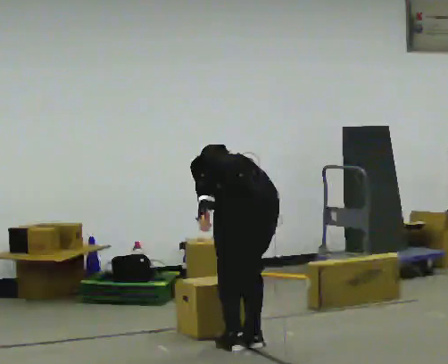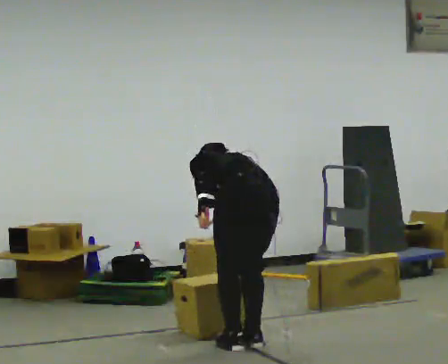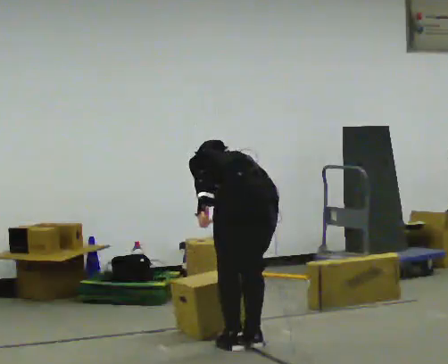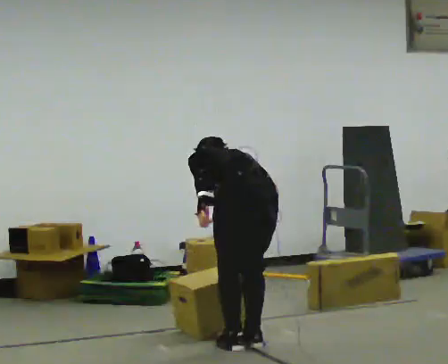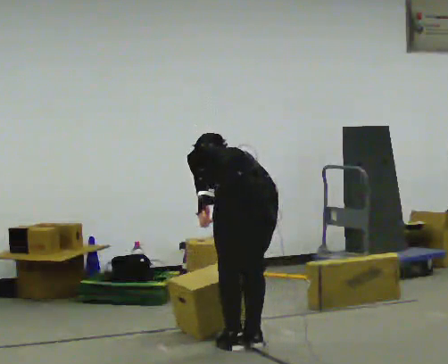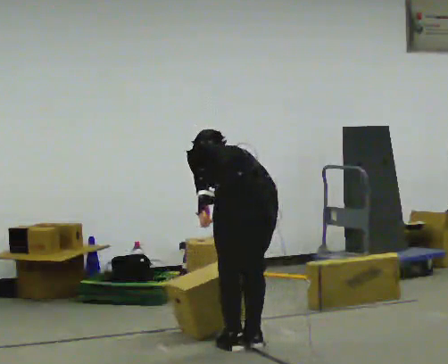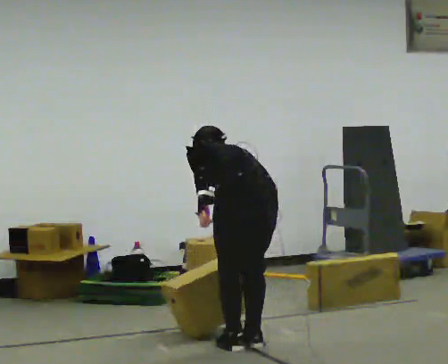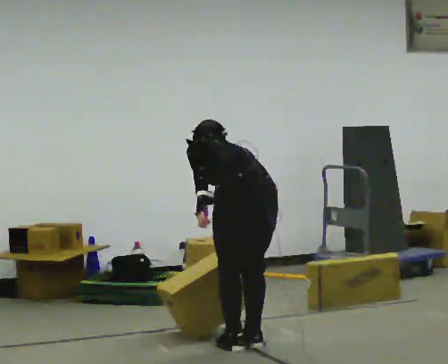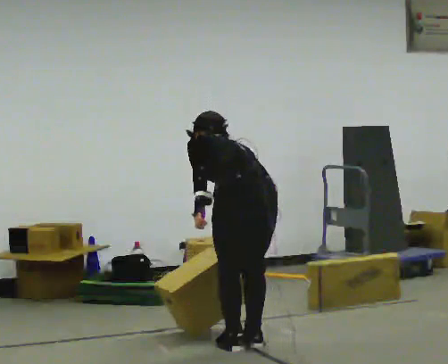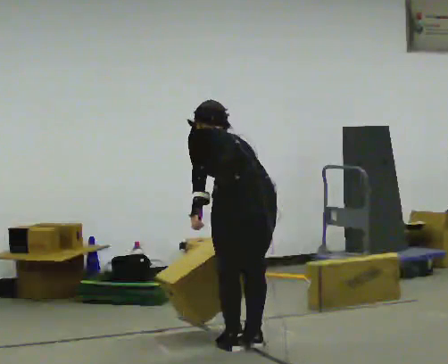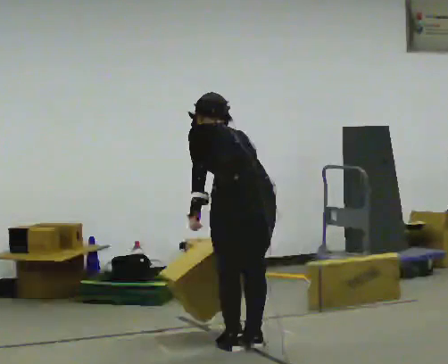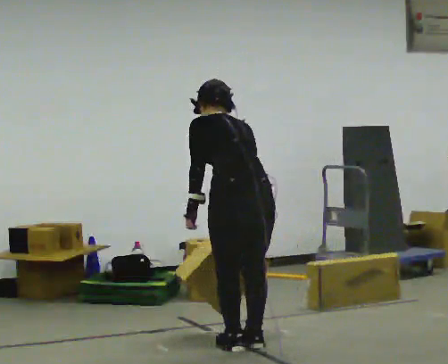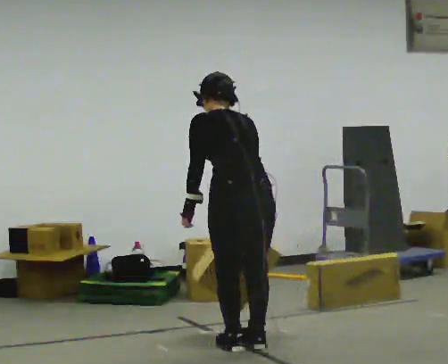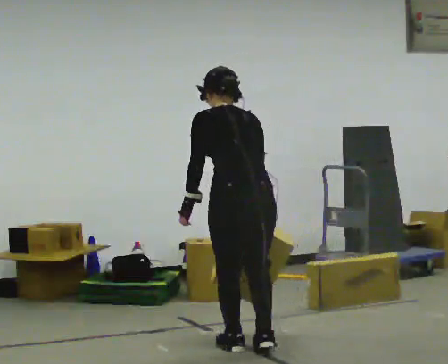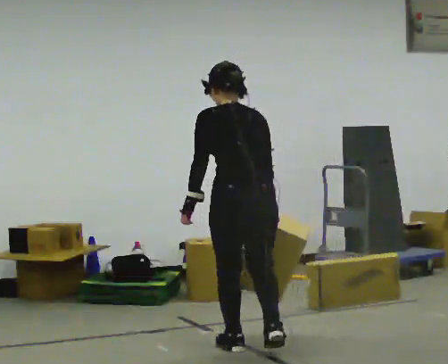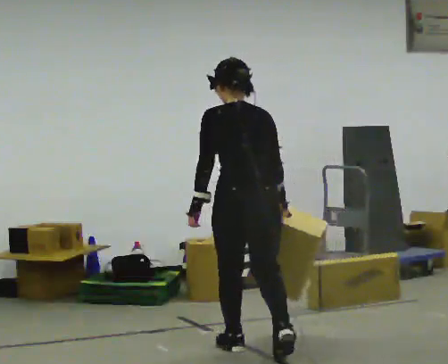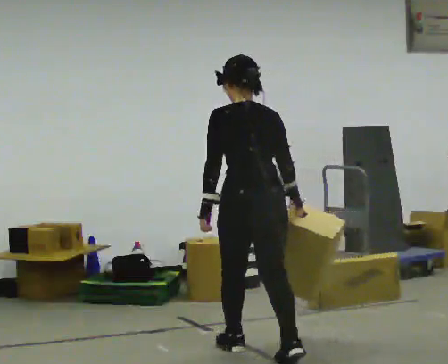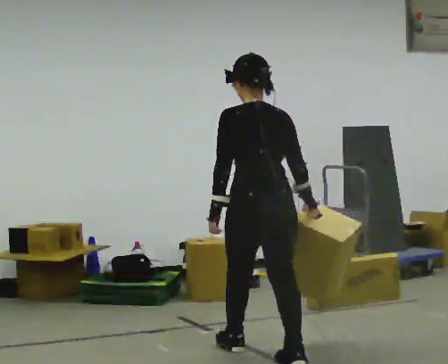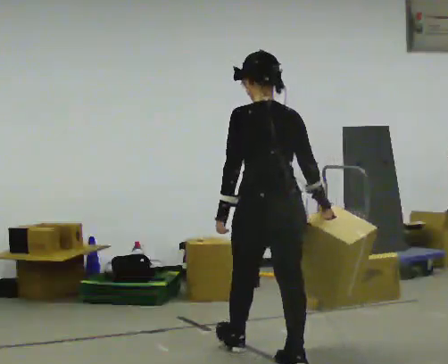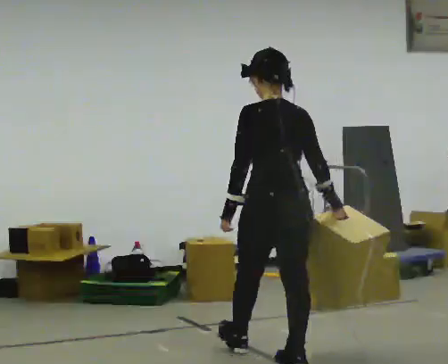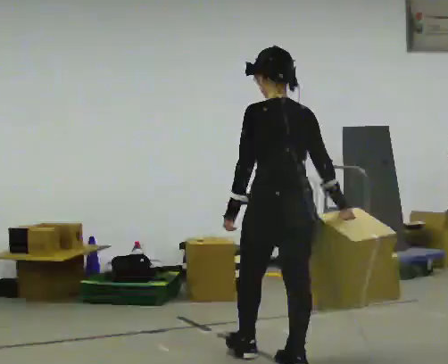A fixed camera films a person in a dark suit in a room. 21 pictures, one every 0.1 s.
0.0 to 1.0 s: The upper body goes upward. The upper body tips toward the camera, its near side rolling downward, as they lean back or straighten.
1.0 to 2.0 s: In the picture they go toward the camera and to the right, about 0.25 m in 2 steps, which for them is backward and to their right. The shoulders move upward. The upper body tips toward the camera, its near side rolling downward, as they lean back or straighten.
The film runs backward here.
